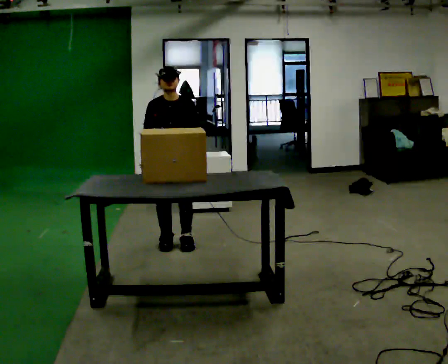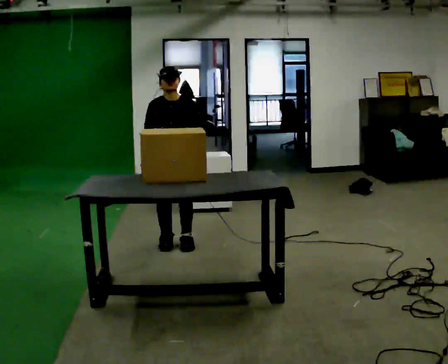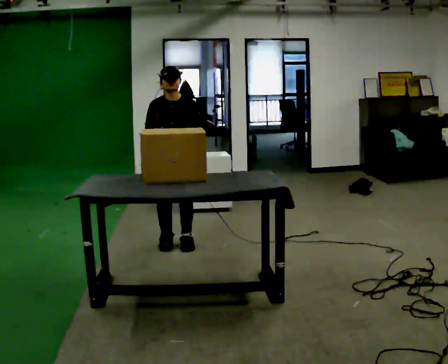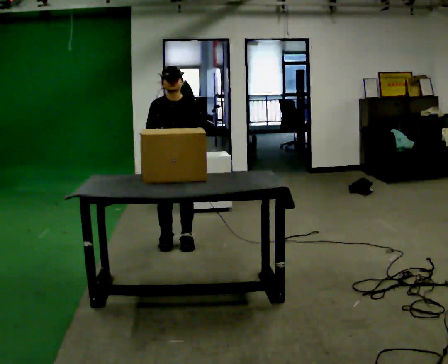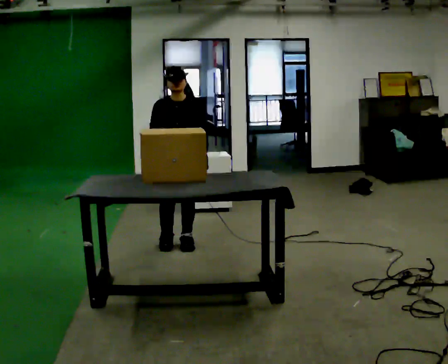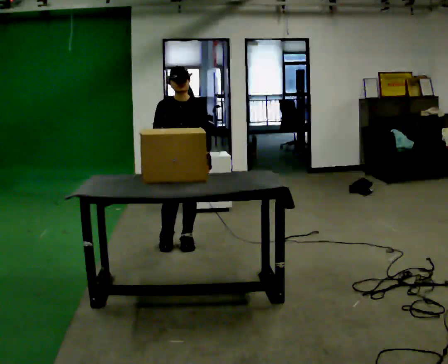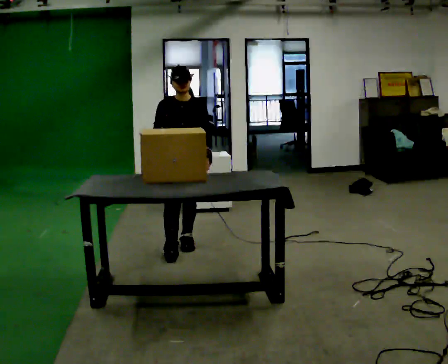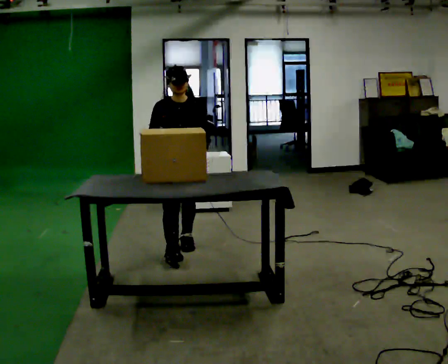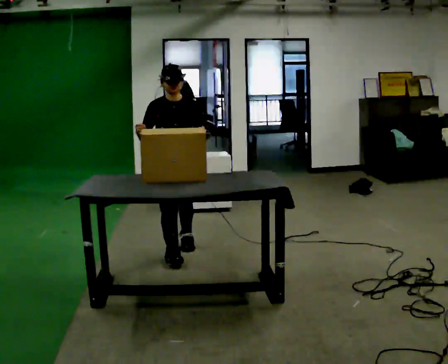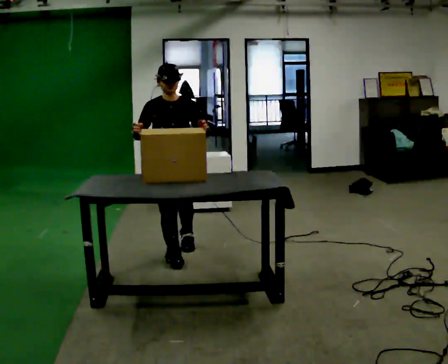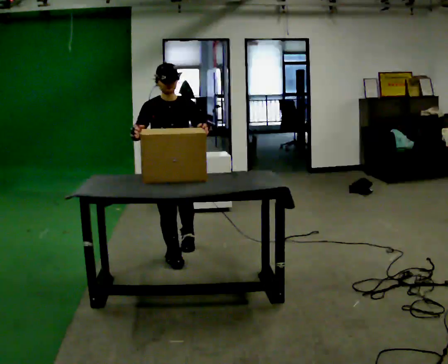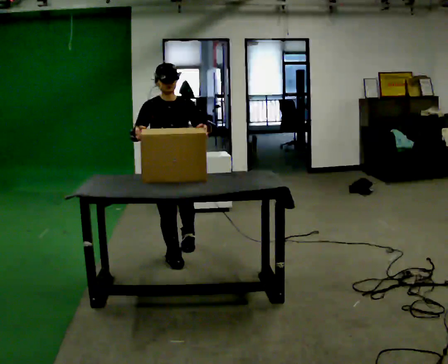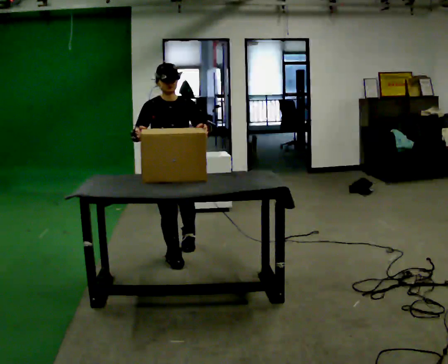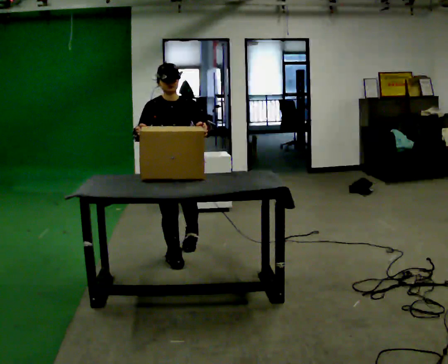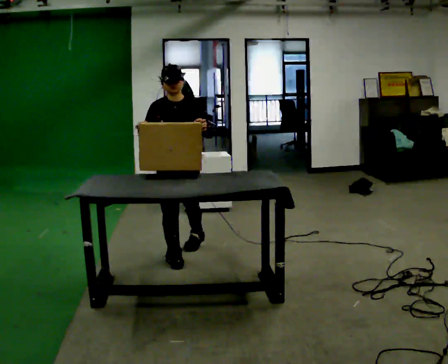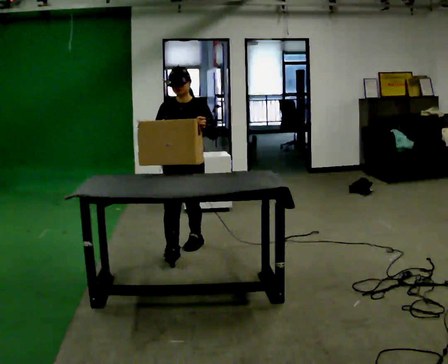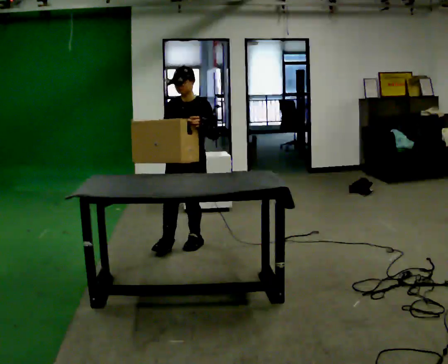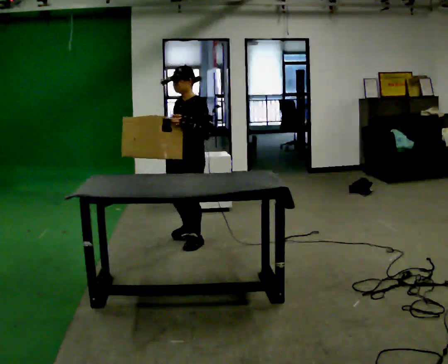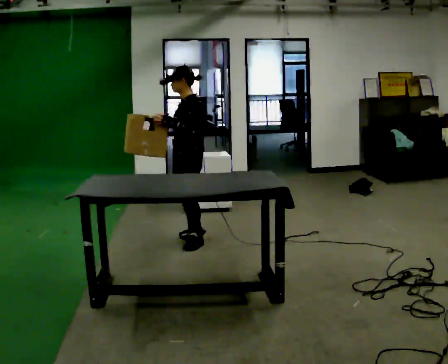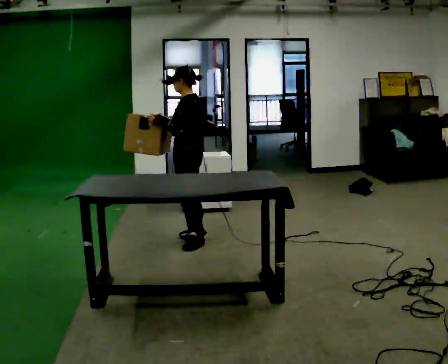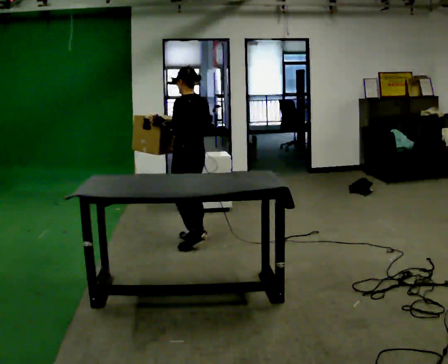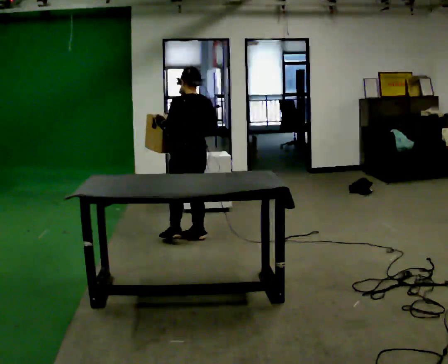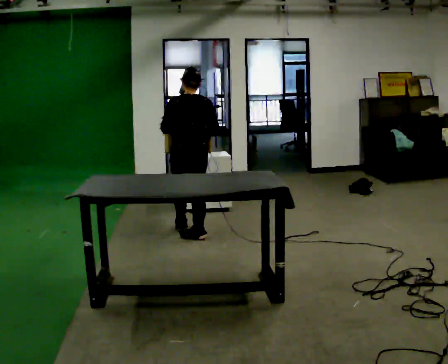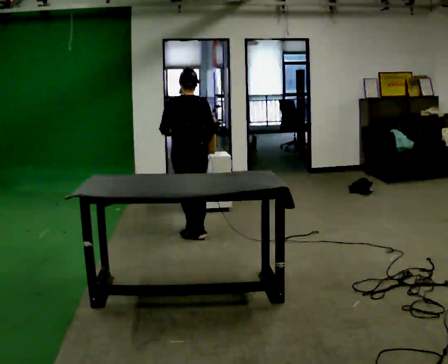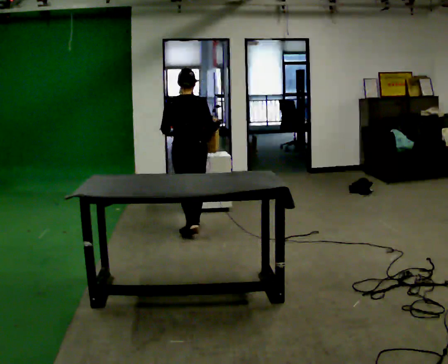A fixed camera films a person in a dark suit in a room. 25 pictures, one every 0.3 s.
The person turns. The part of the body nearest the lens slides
to the left.
The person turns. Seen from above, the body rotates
clockwise.
0.0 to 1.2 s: The person moves a little, or ends about where they began.
1.2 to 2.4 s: In the picture they go toward the camera, about 0.25 m in 1 step, which for them is forward.
2.4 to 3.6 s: The person moves a little, or ends about where they began.
3.6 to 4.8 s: Seen from above the body turns clockwise, about 45 degrees: to their right, with its near side sliding to the left. In the picture they go away from the camera, about 0.25 m, which for them is backward and to their left.
4.8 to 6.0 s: Seen from above the body turns clockwise, about 105 degrees: to their right, with its near side sliding to the left. In the picture they go away from the camera, about 0.25 m in 1 step. In the picture their right hand goes to the right.
6.0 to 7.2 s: The person turns about 60 degrees to their right, clockwise seen from above, so the part of the body nearest the lens slides to the left. In the picture they go away from the camera, about 0.25 m in 1 step.
The film runs forward here.
